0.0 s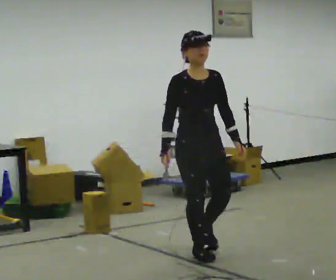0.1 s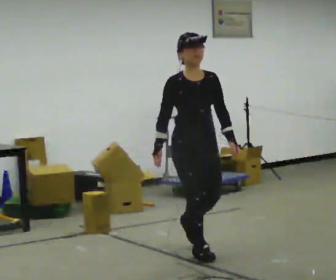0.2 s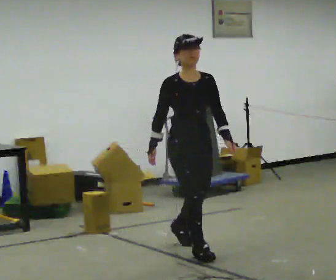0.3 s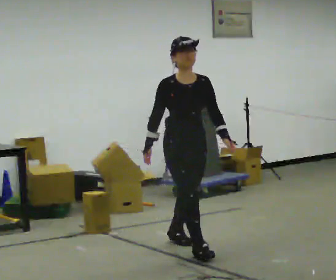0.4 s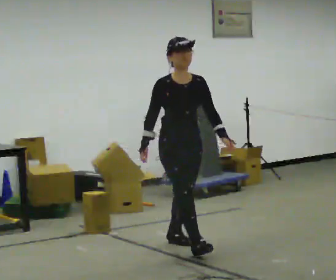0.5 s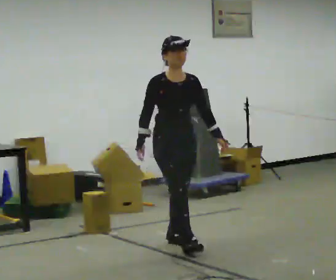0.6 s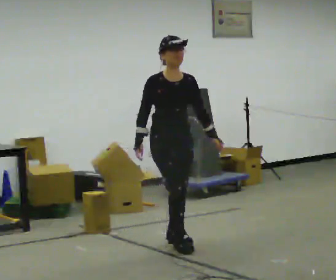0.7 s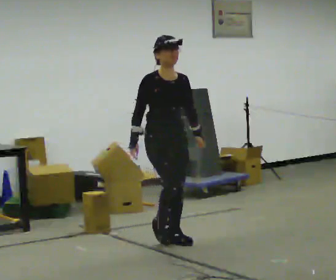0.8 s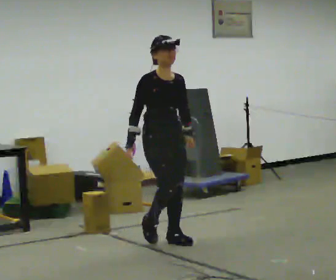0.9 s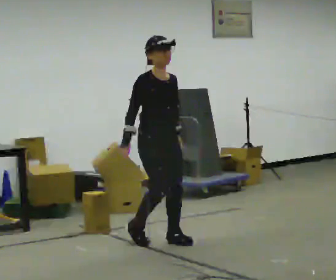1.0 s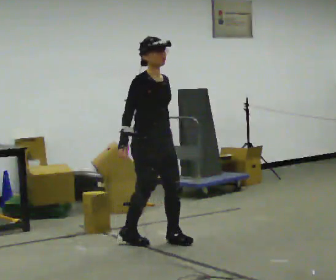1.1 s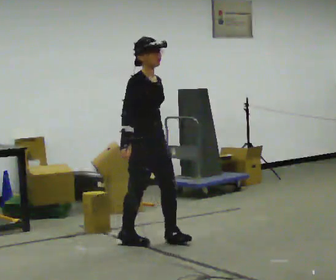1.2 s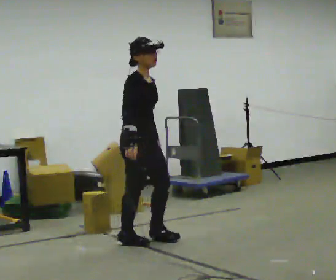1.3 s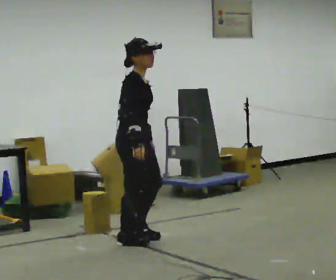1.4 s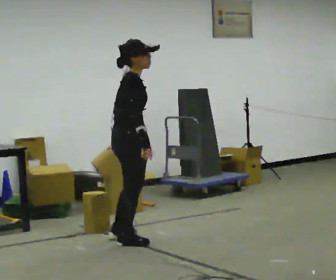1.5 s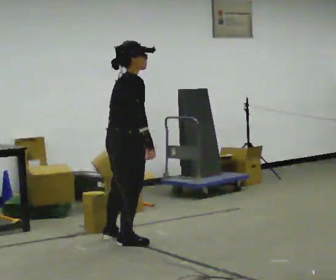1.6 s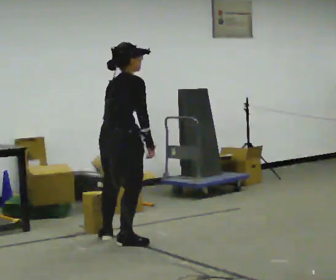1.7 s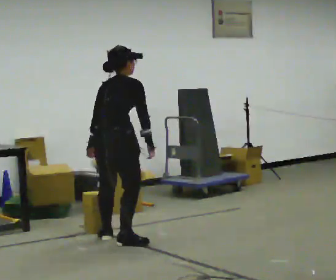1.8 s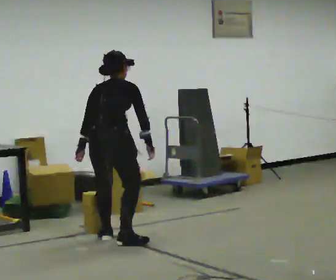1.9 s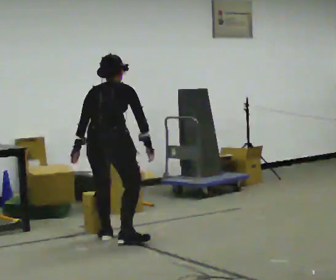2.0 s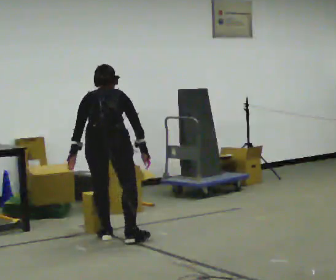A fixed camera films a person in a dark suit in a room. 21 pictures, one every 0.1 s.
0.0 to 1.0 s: In the picture they go away from the camera and to the left, about 0.5 m in 1 step, which for them is backward.
1.0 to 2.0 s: The person turns about 120 degrees to their left, counterclockwise seen from above, so the part of the body nearest the lens slides to the right. In the picture they go to the left, about 0.25 m in 2 steps. The upper body tips away from the camera, its near side rolling upward, as they bend forward.
The film runs backward here.
